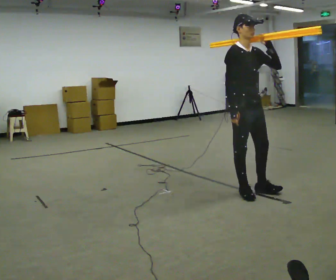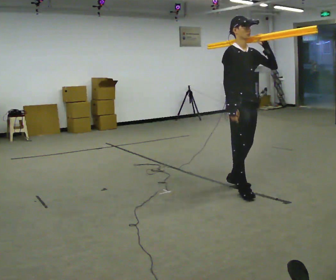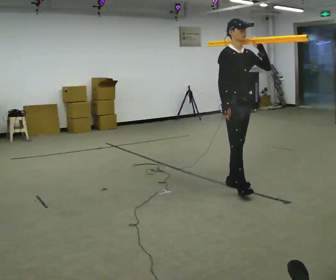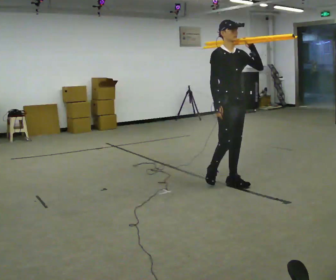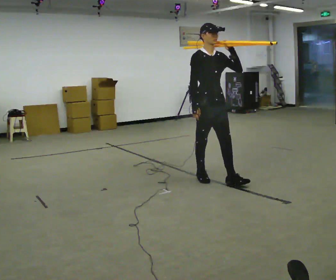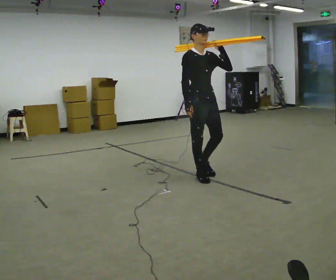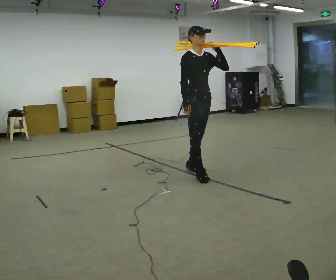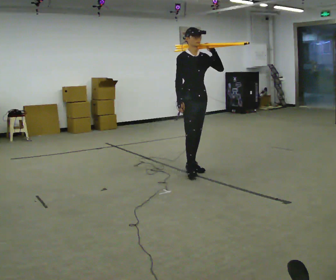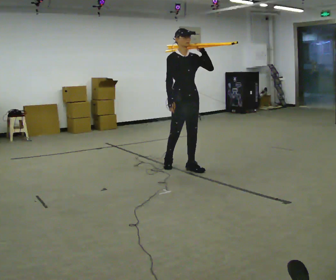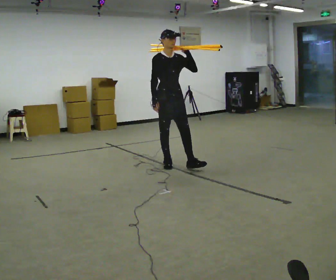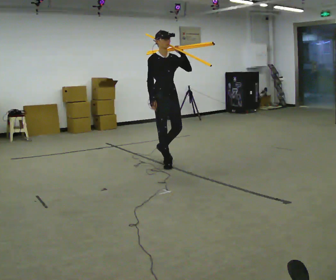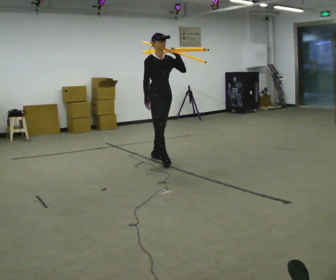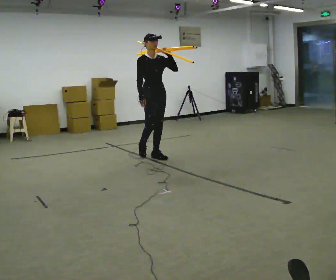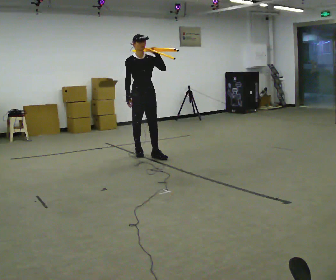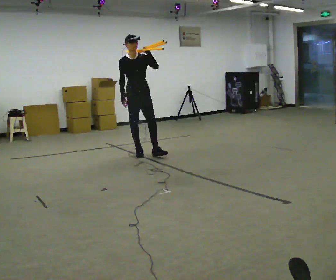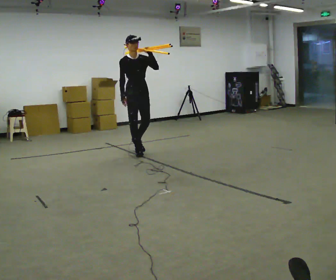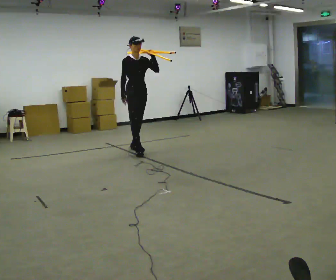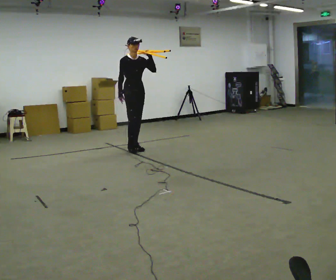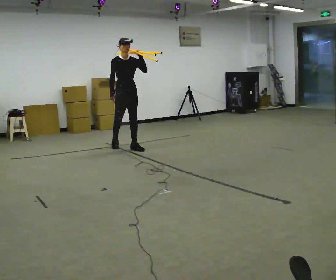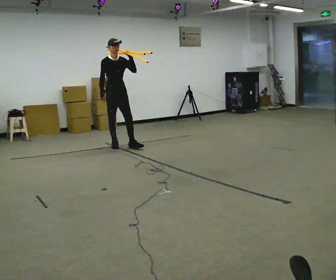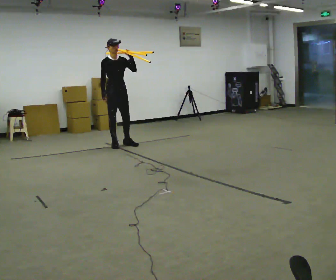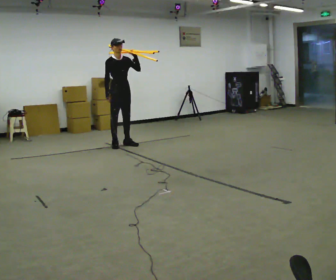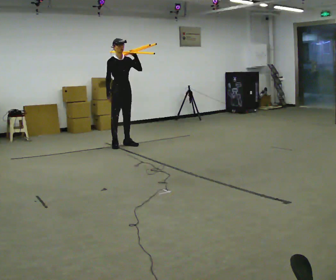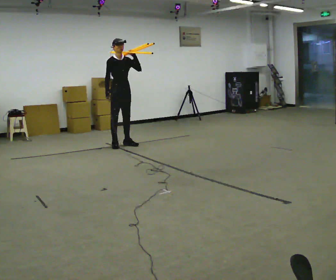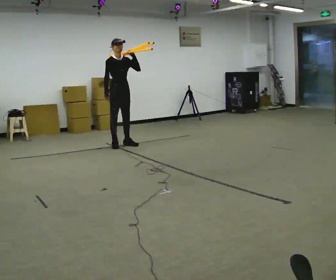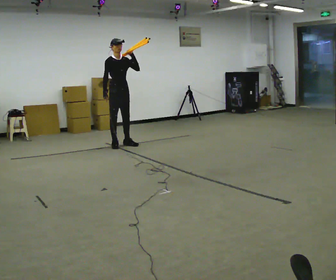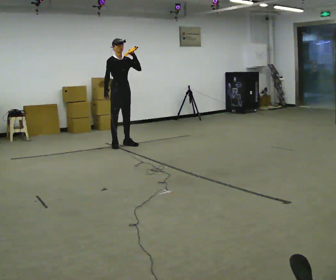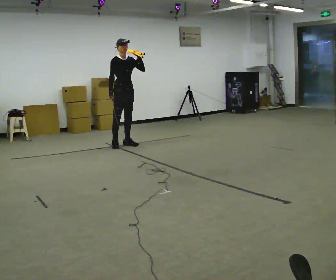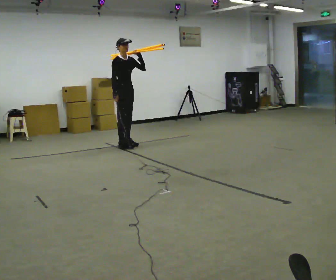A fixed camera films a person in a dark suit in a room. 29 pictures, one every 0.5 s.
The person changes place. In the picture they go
away from the camera.
0.0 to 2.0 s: In the picture they go away from the camera and to the left, about 0.5 m in 1 step, which for them is backward.
2.0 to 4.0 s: In the picture they go away from the camera, about 0.5 m in 2 steps, which for them is backward.
4.0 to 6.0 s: In the picture they go away from the camera and to the left, about 0.5 m in 2 steps, which for them is backward.
6.0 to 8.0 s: In the picture they go away from the camera and to the left, about 0.5 m in 1 step, which for them is backward.
8.0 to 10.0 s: In the picture they go away from the camera and to the left, about 0.5 m in 2 steps, which for them is backward.
10.0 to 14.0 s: The person moves a little, or ends about where they began.
The film runs backward here.
